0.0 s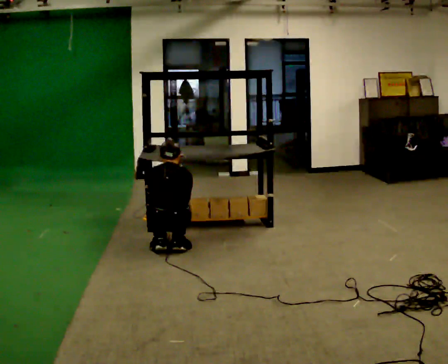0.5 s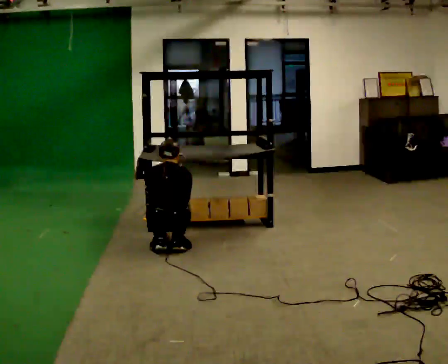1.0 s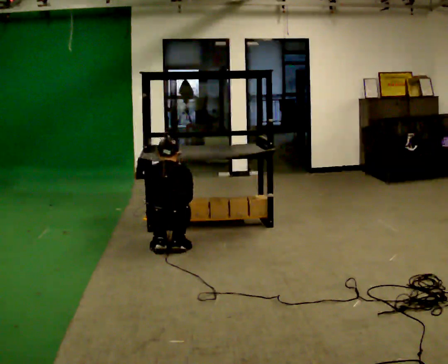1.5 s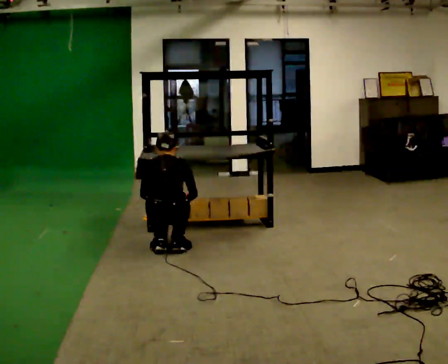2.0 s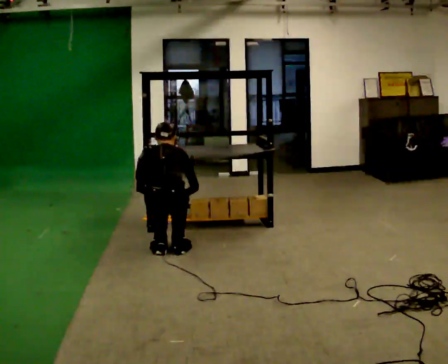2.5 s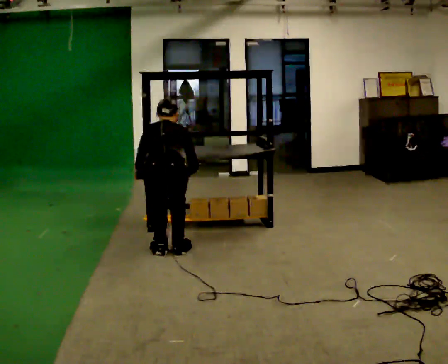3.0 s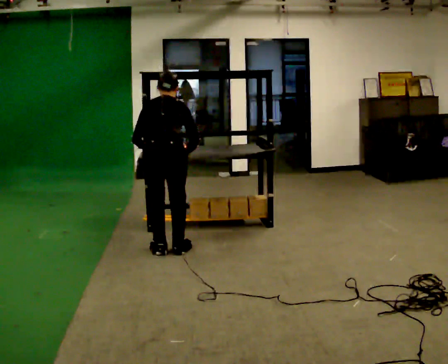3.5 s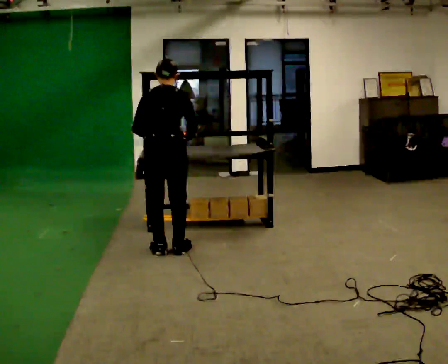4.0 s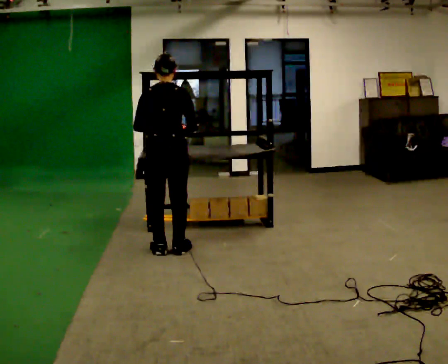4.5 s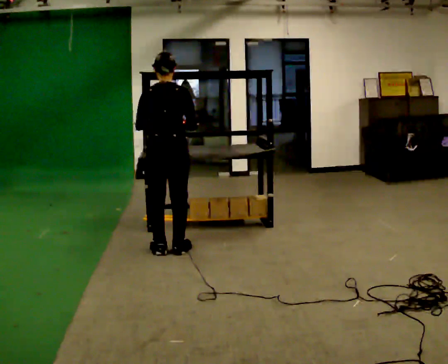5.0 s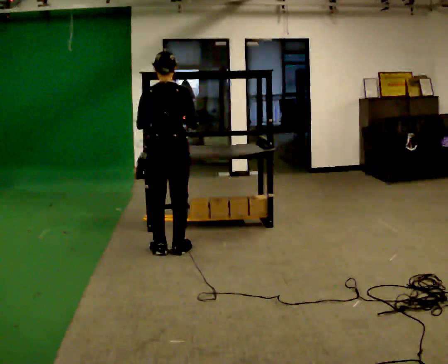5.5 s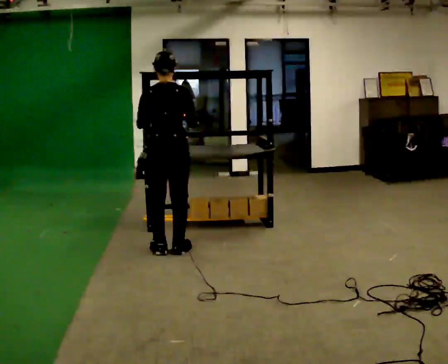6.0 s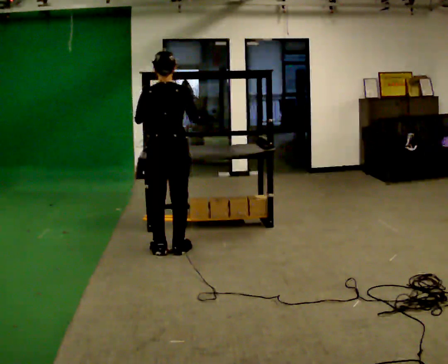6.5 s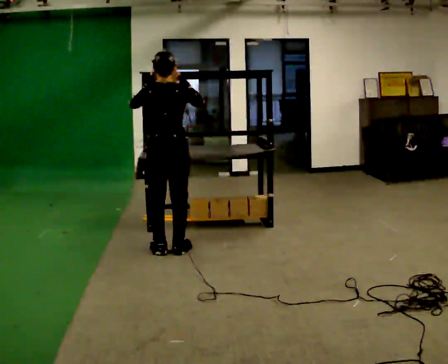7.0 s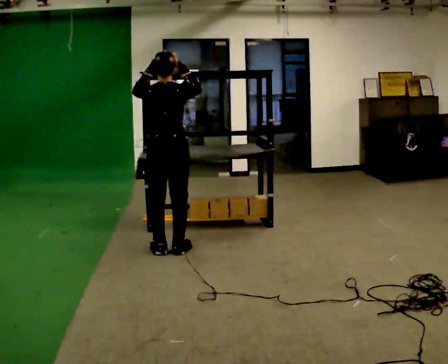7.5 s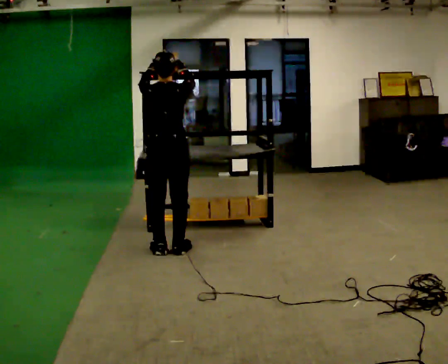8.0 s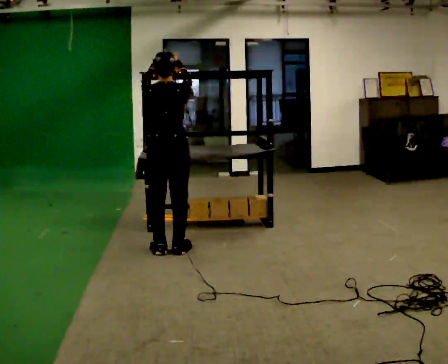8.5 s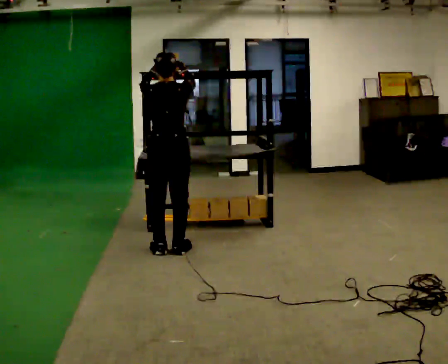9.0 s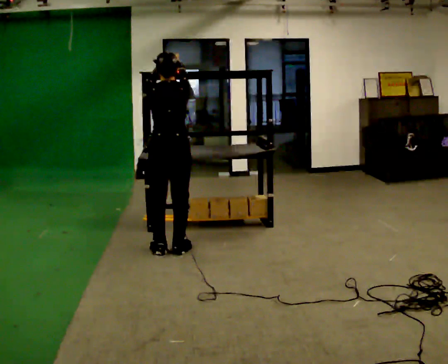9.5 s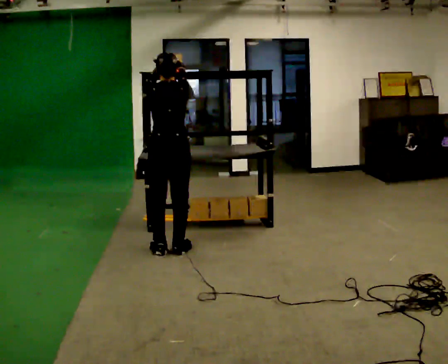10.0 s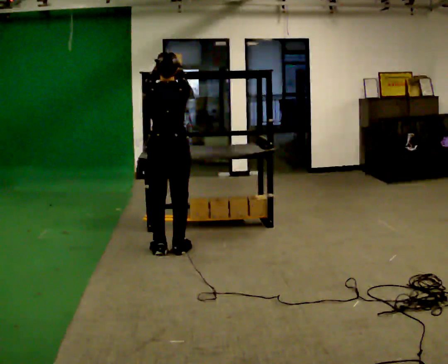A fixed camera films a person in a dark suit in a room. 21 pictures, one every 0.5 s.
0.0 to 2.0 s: The upper body goes upward.
2.0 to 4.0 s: The upper body goes upward. The upper body tips toward the camera, its near side rolling downward, as they lean back or straighten. In the picture their left hand goes upward.
4.0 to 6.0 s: The person moves a little, or ends about where they began.
6.0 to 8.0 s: In the picture their right hand goes upward.
8.0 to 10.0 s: The person moves a little, or ends about where they began.
The film runs backward here.
